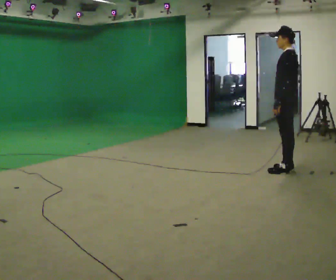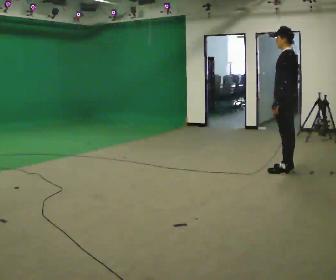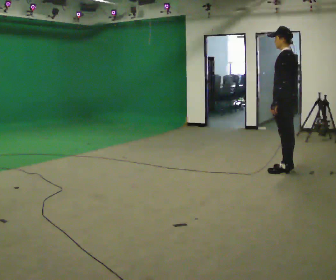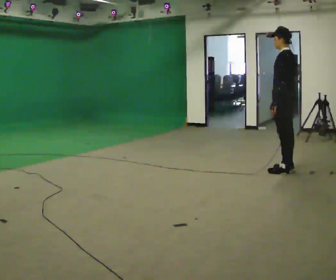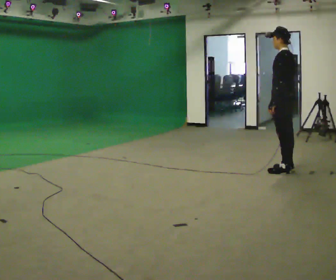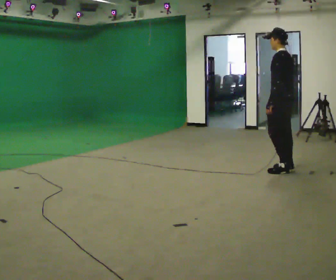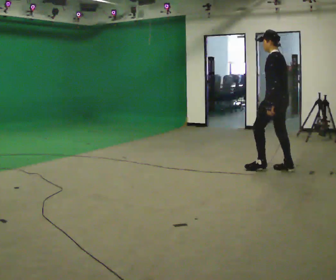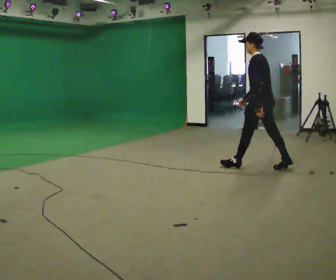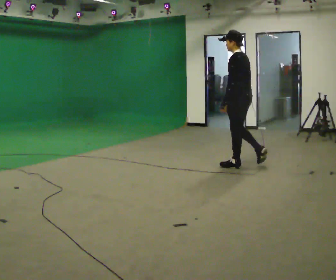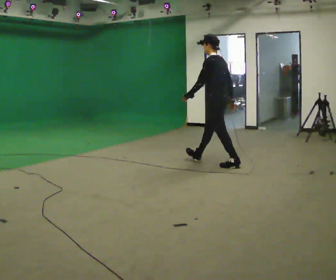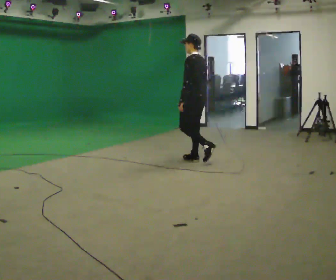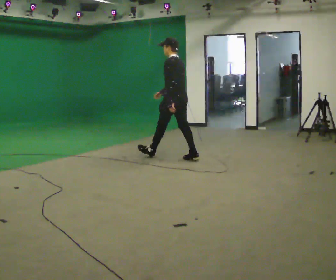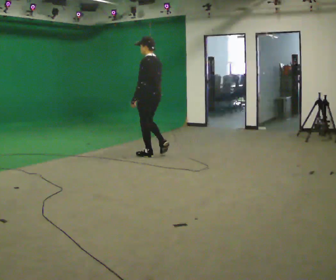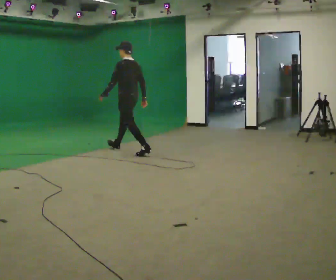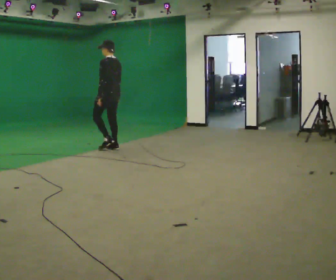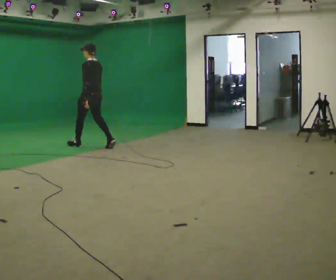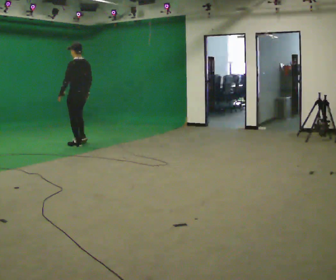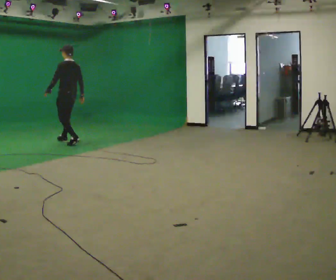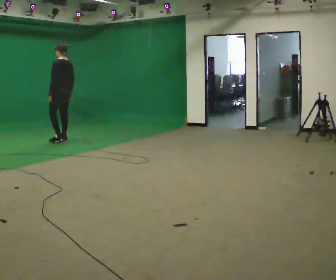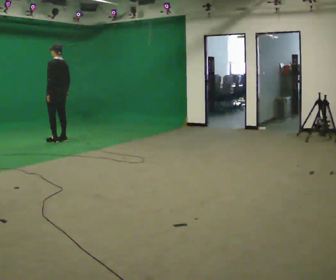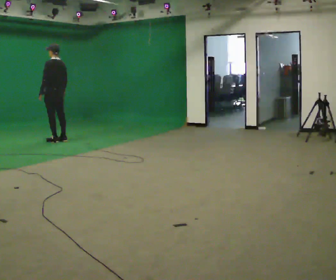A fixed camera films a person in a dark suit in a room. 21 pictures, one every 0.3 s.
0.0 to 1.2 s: The person moves a little, or ends about where they began.
1.2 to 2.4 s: In the picture they go to the left and away from the camera, about 0.5 m in 1 step, which for them is forward.
2.4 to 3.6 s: In the picture they go to the left and away from the camera, about 1.5 m in 2 steps, which for them is forward.
3.6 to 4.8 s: In the picture they go to the left and away from the camera, about 1.5 m in 2 steps, which for them is forward.
4.8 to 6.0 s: In the picture they go to the left and away from the camera, about 0.5 m in 2 steps, which for them is forward.
The film runs forward here.
